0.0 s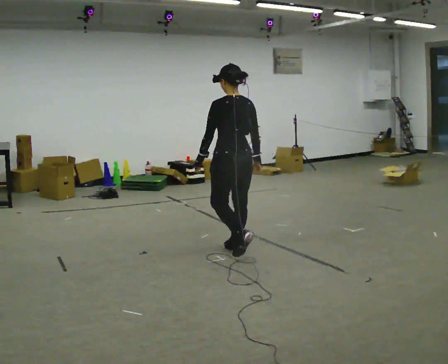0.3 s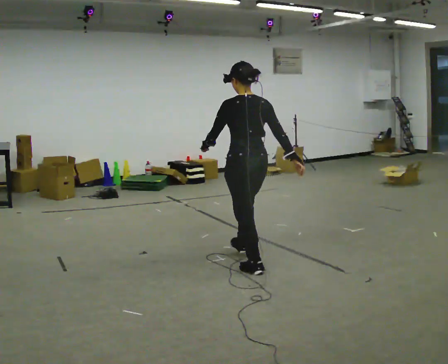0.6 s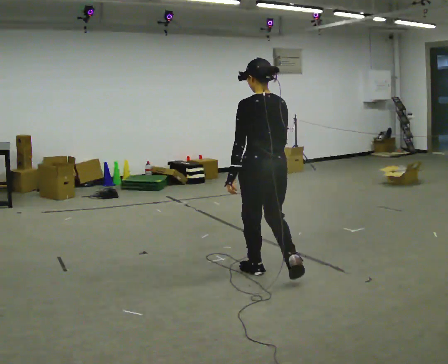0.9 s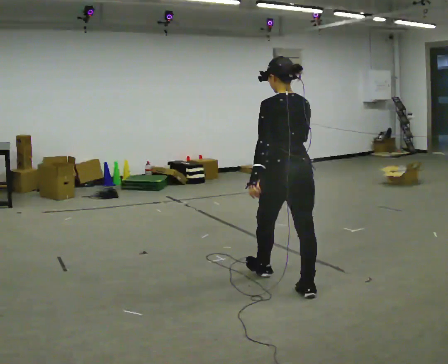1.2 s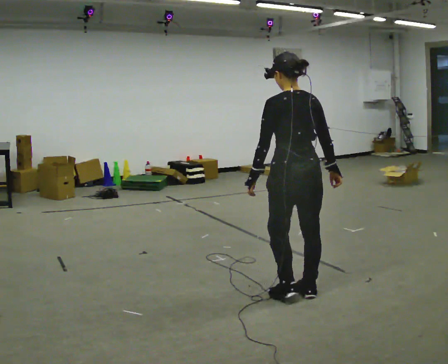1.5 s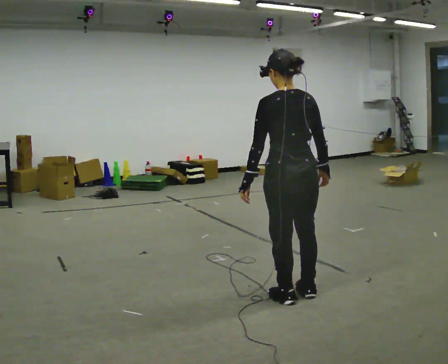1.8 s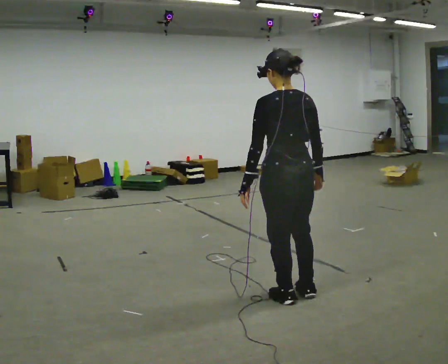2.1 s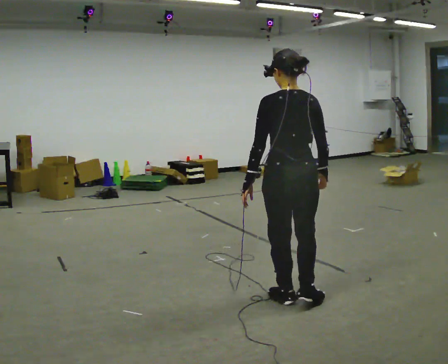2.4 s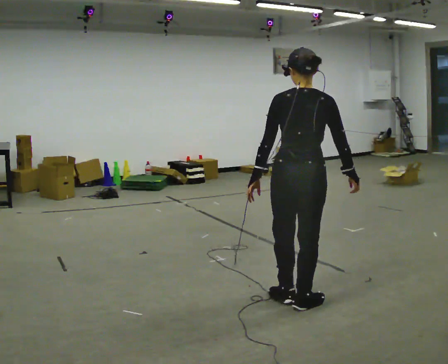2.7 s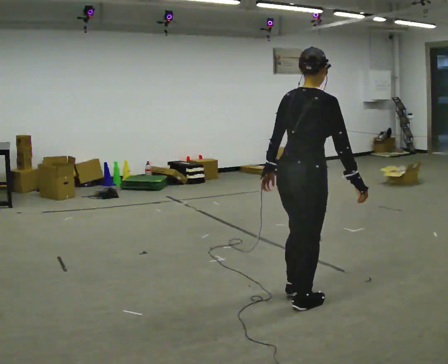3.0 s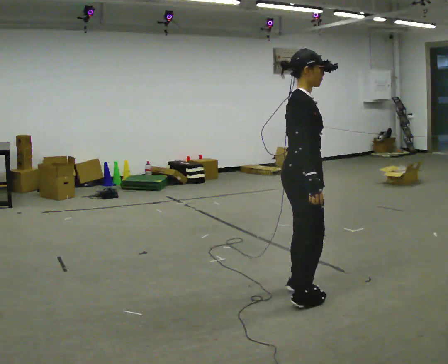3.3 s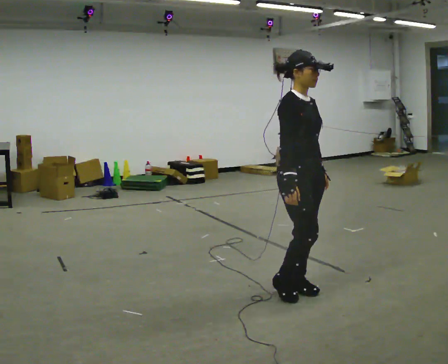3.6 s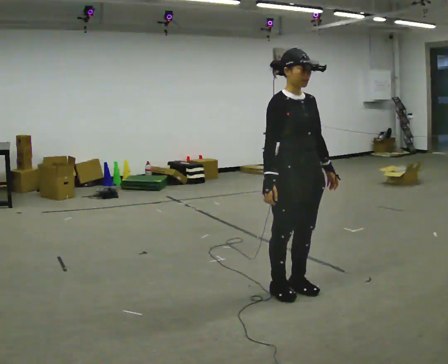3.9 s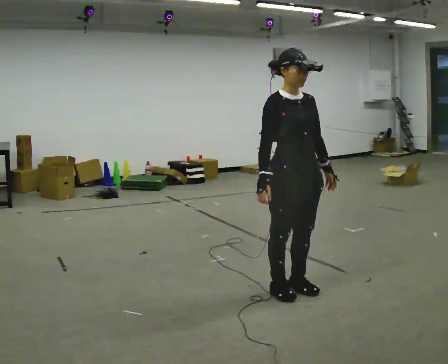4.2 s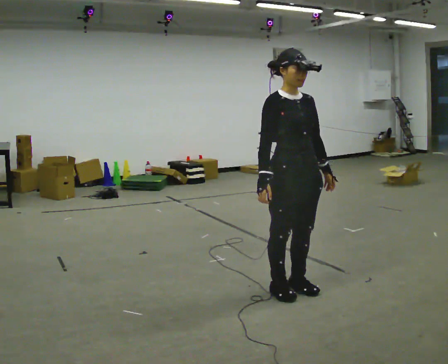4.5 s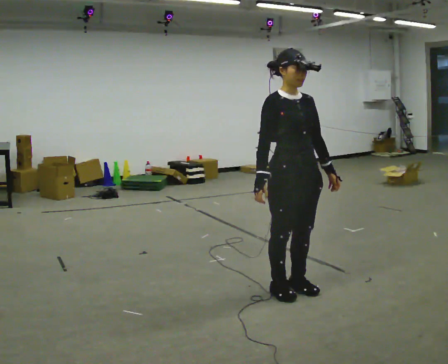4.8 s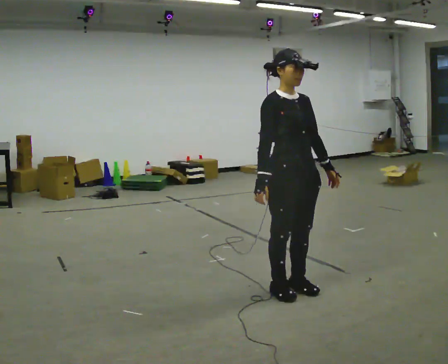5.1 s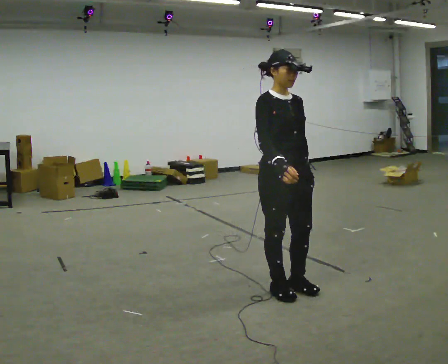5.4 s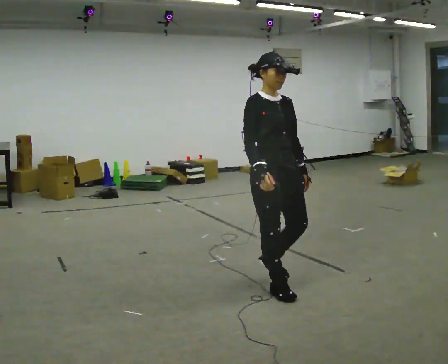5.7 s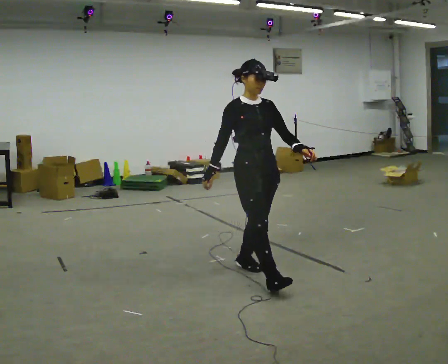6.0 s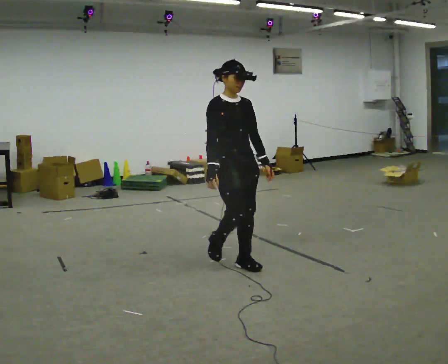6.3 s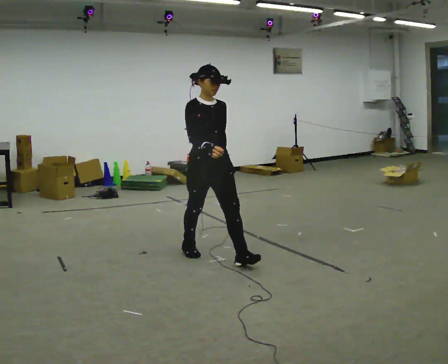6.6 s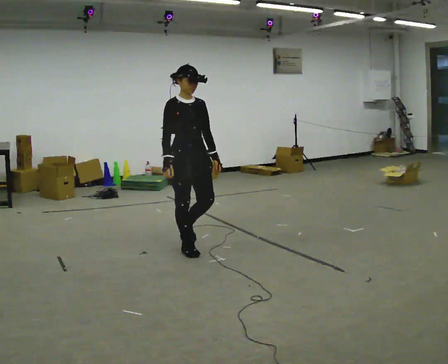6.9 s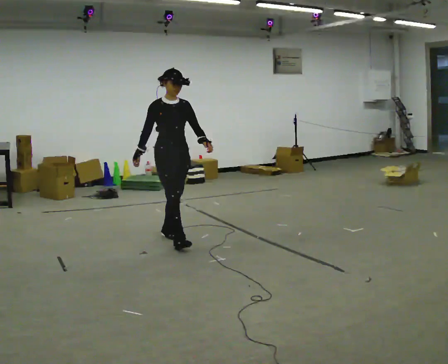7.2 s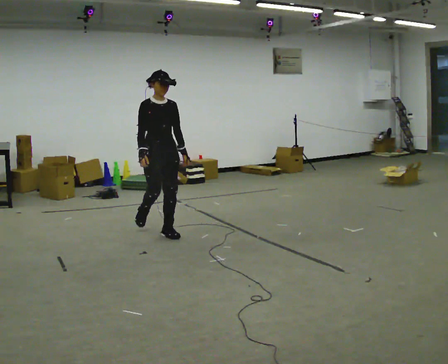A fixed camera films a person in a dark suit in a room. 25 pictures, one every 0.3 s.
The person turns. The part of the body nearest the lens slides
to the left.
The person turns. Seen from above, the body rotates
clockwise.
0.0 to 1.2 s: In the picture they go toward the camera and to the right, about 1 m in 2 steps, which for them is backward.
1.2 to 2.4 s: In the picture they go toward the camera, about 0.25 m in 1 step, which for them is backward.
2.4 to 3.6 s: Seen from above the body turns clockwise, about 135 degrees: to their right, with its near side sliding to the left. In the picture they go away from the camera, about 0.25 m in 2 steps. In the picture their left hand goes to the right, the arm swinging counterclockwise.
3.6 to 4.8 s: The person moves a little, or ends about where they began.
4.8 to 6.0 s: In the picture they go away from the camera and to the left, about 0.75 m in 2 steps, which for them is backward.
6.0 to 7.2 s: In the picture they go away from the camera and to the left, about 1 m in 2 steps, which for them is backward.
The film runs backward here.
